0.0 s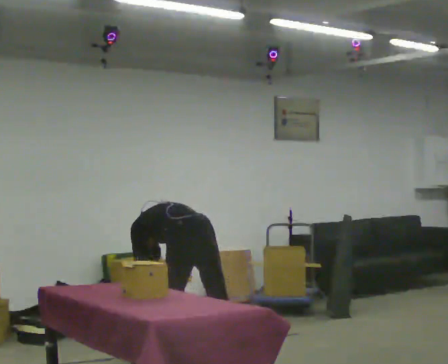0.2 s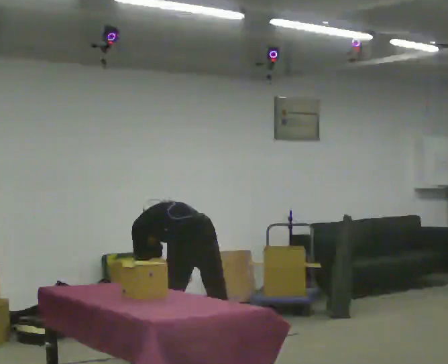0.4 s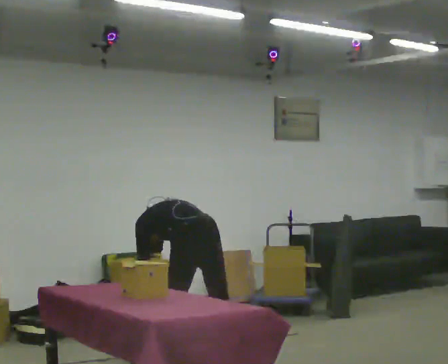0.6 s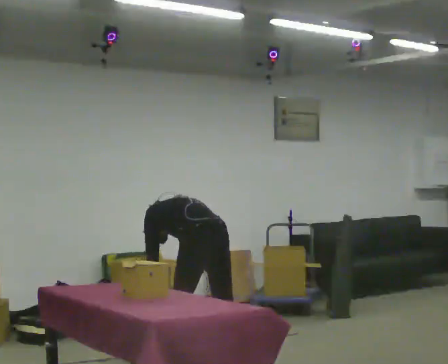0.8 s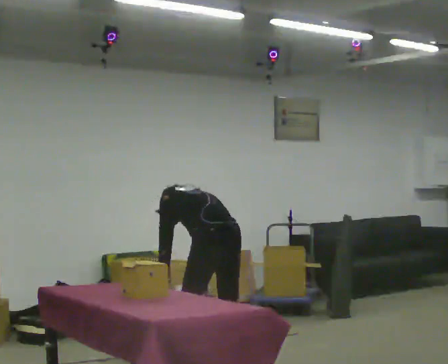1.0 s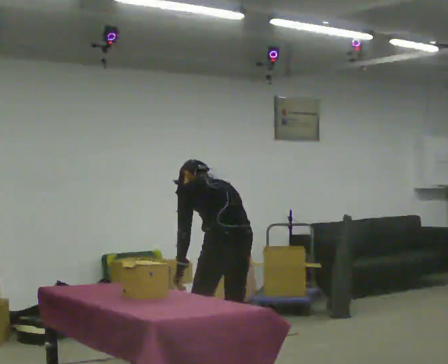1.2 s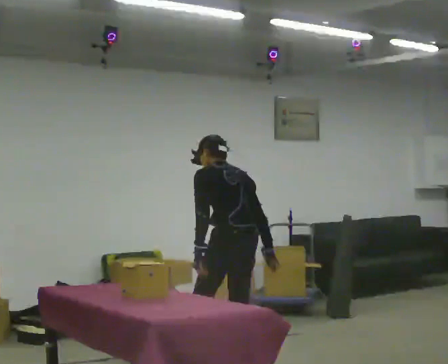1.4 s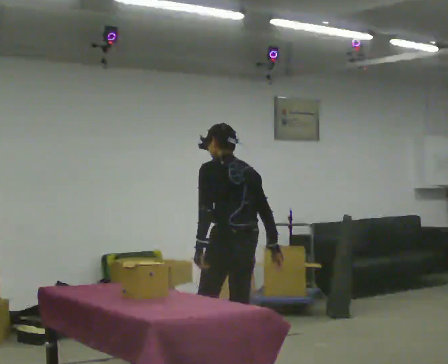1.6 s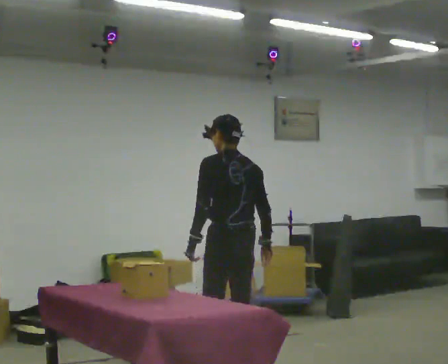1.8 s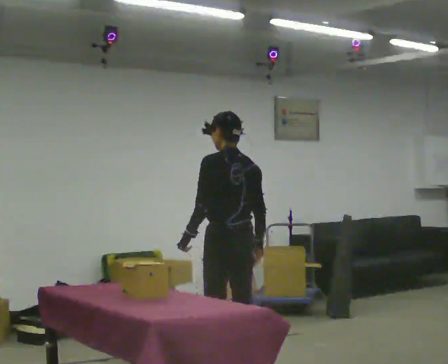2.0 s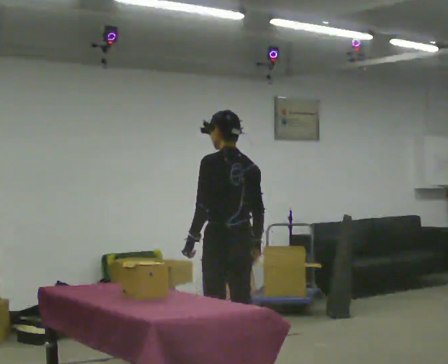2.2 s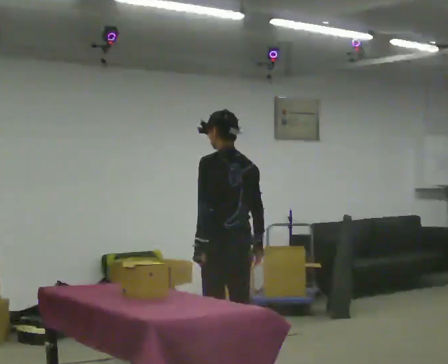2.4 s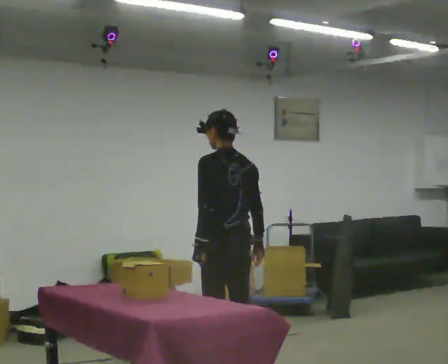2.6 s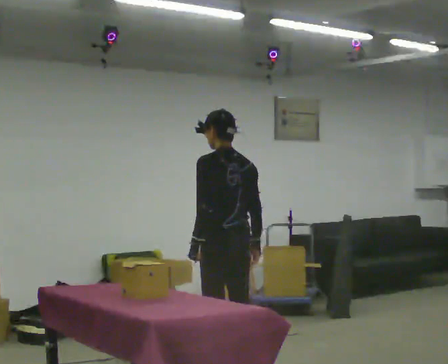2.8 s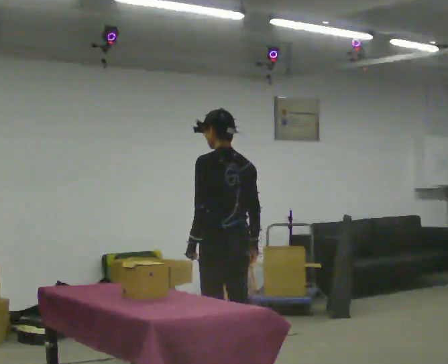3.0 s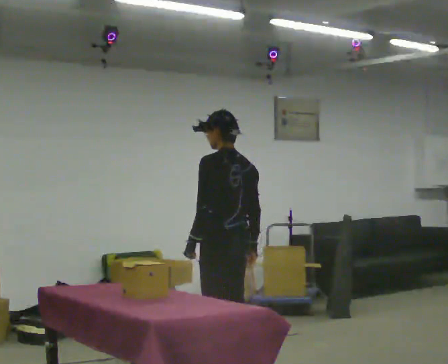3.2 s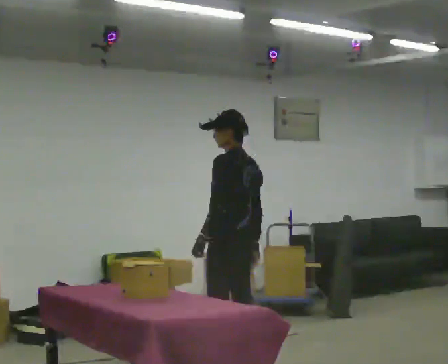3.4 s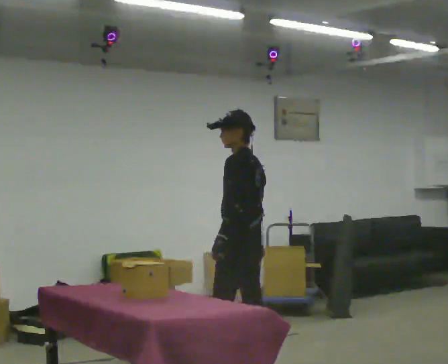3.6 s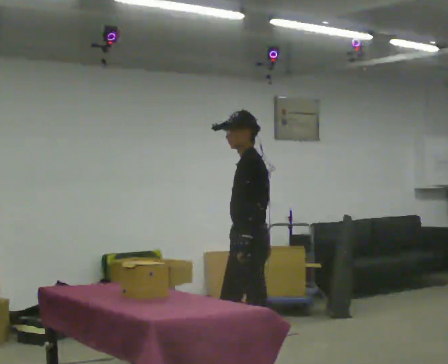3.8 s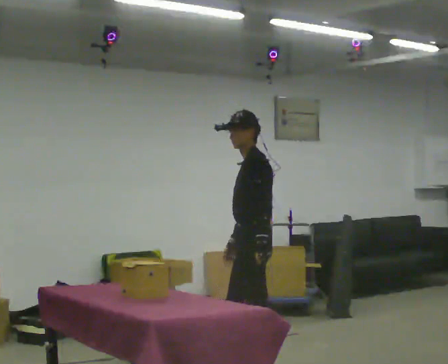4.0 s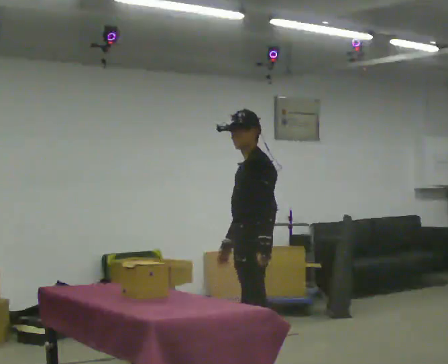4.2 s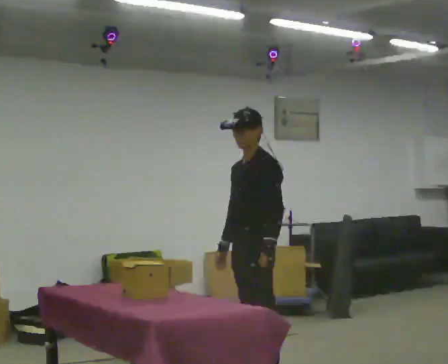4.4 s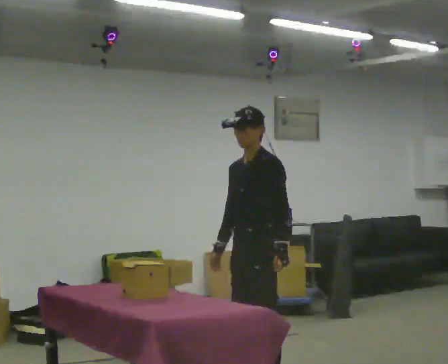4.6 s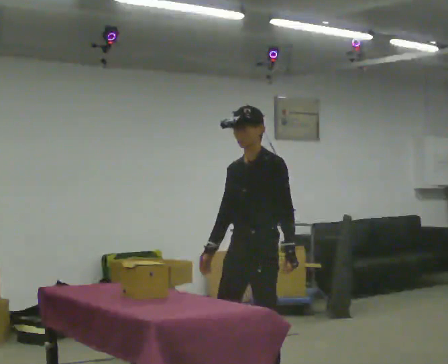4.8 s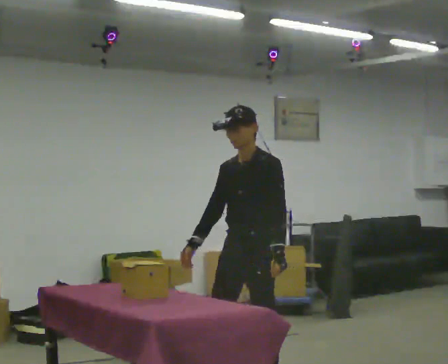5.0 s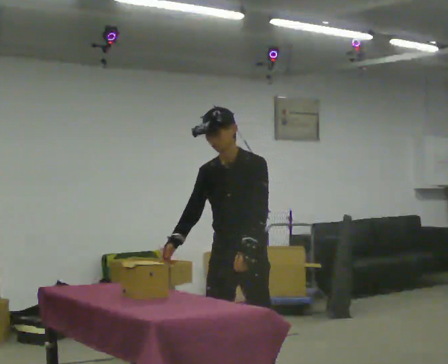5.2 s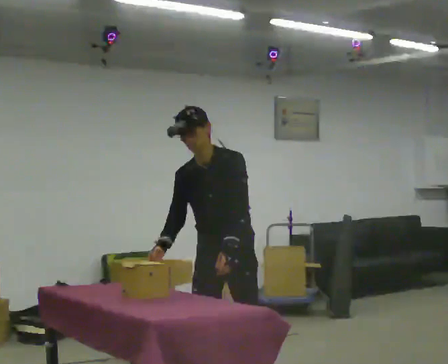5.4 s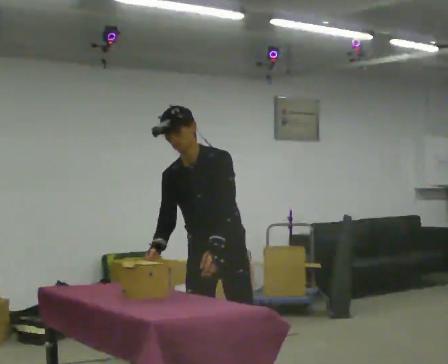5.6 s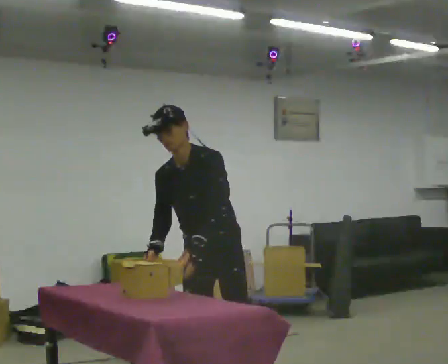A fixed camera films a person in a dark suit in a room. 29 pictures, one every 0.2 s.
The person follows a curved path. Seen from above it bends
clockwise.
The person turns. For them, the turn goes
to their left.
0.0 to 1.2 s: In the picture they go to the right, about 0.25 m in 1 step, which for them is backward and to their right. The shoulders move upward. The upper body tips toward the camera, its near side rolling downward, as they lean back or straighten. In the picture their right hand goes upward.
1.2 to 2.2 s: The upper body tips toward the camera, its near side rolling downward, as they lean back or straighten.
2.2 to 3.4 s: The person turns about 30 degrees to their left, counterclockwise seen from above, so the part of the body nearest the lens slides to the right.
3.4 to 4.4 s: The person turns about 45 degrees to their left, counterclockwise seen from above, so the part of the body nearest the lens slides to the right. In the picture they go toward the camera, about 0.25 m in 1 step, which for them is to their left.
4.4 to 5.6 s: Seen from above the body turns counterclockwise, about 30 degrees: to their left, with its near side sliding to the right. In the picture they go toward the camera and to the left, about 0.5 m in 2 steps, which for them is forward. The upper body tips toward the camera, its near side rolling downward, as they bend forward.
The film runs forward here.
